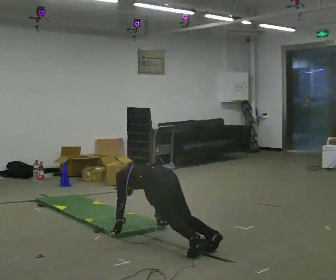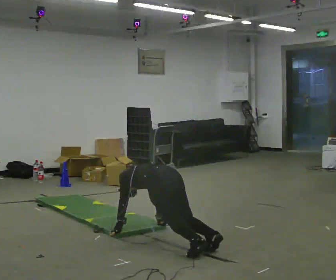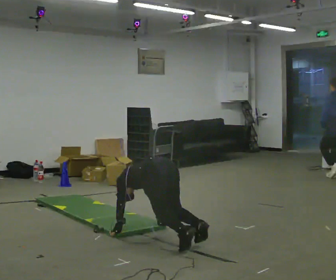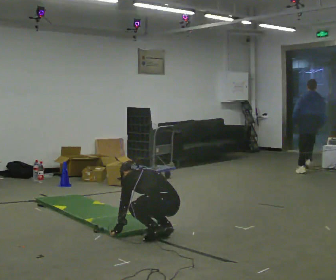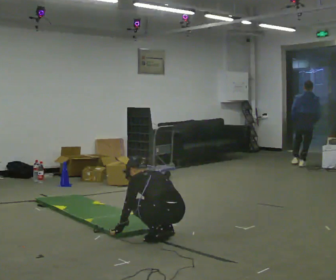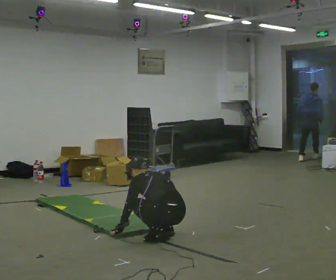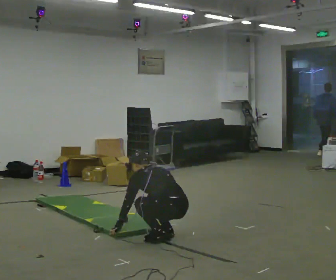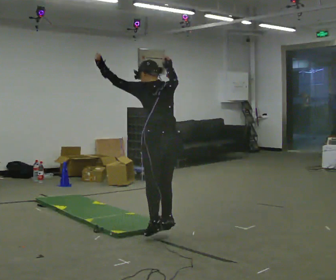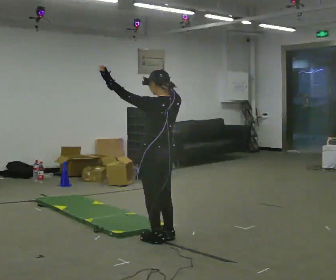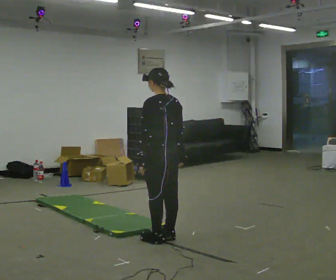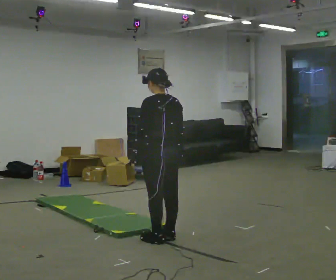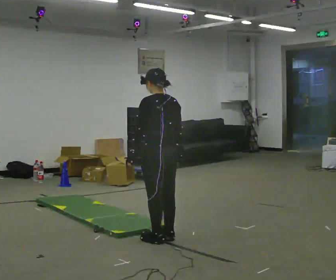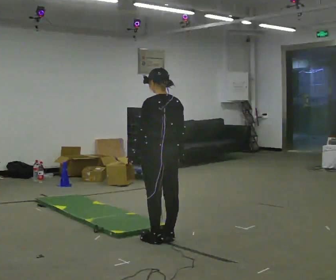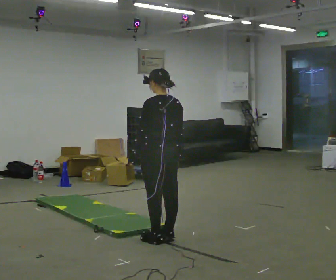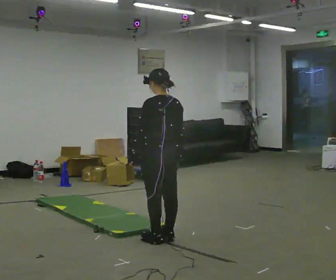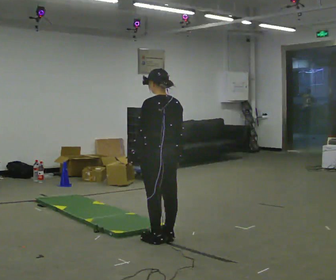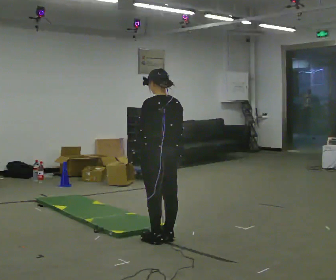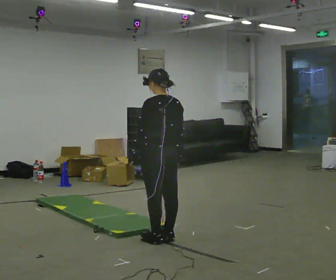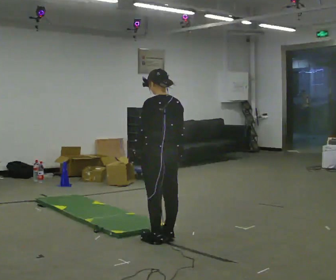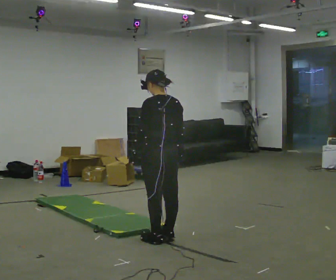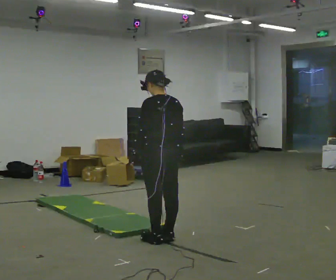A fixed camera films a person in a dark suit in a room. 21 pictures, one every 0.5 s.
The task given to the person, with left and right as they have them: From standing, drop to your hands, kick your feet back, return and jump up. Repeat the movement at your own pace until the operator says stop; do not rush.
0.0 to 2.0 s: The person moves a little, or ends about where they began.
2.0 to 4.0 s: The shoulders move upward. The upper body tips toward the camera, its near side rolling downward, as they lean back or straighten. In the picture their right hand goes upward.
4.0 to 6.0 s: In the picture their right hand goes downward.
6.0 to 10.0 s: The person keeps their place and pose.
The film runs forward here.
